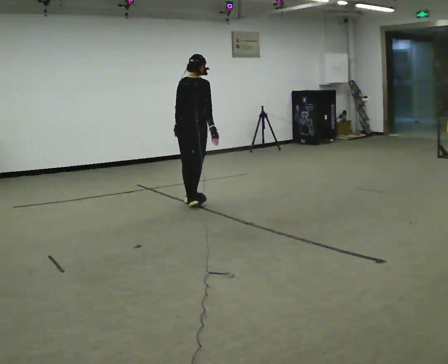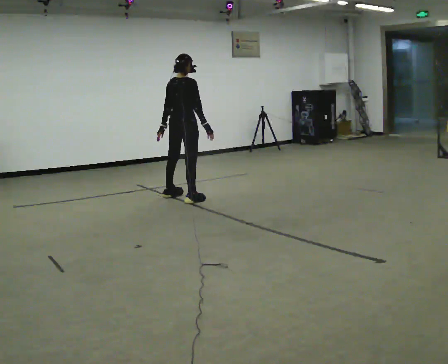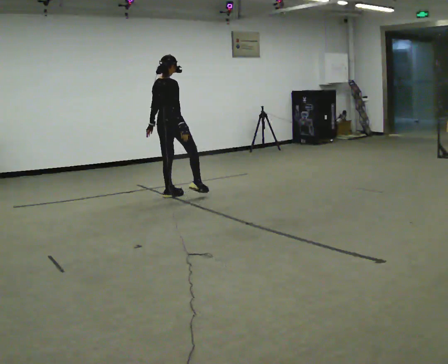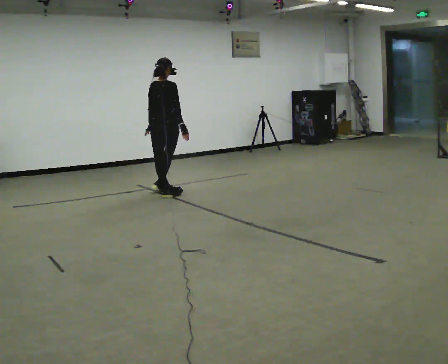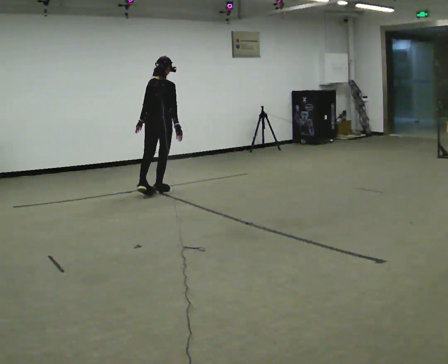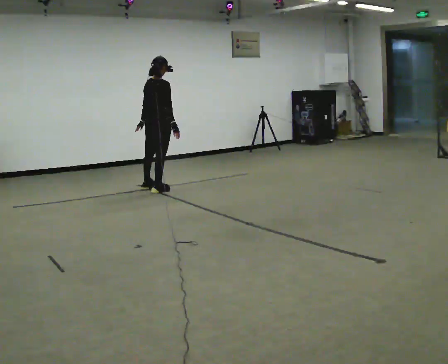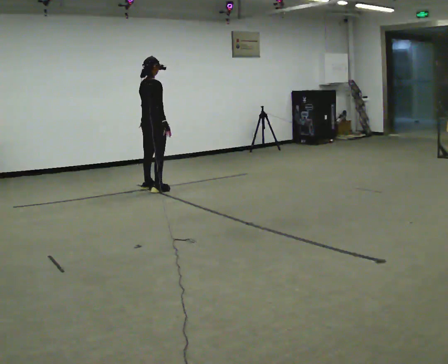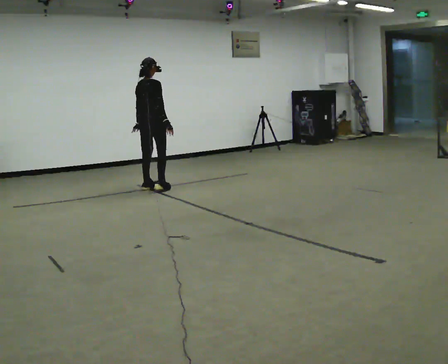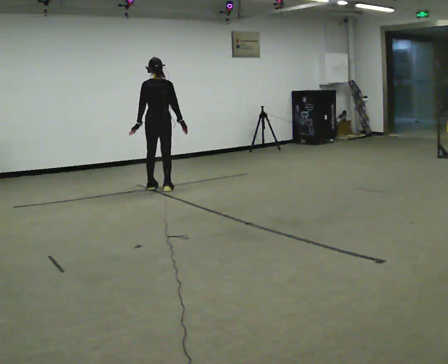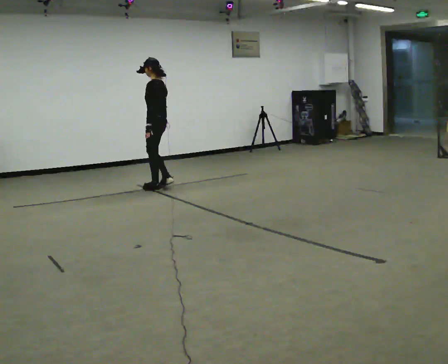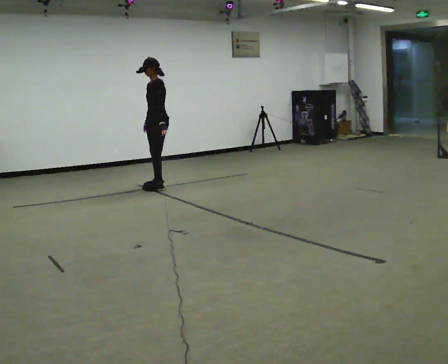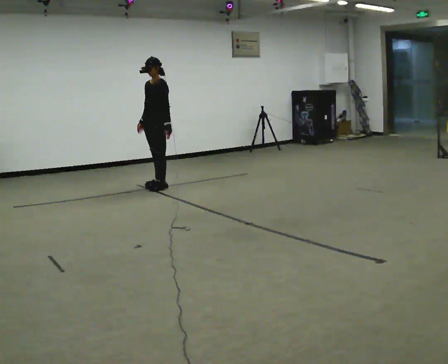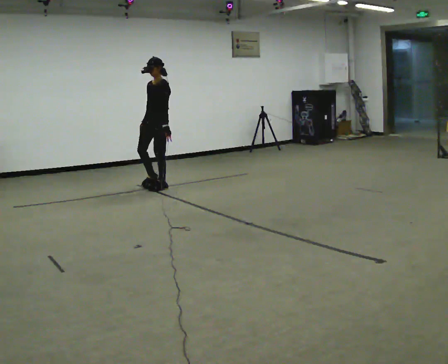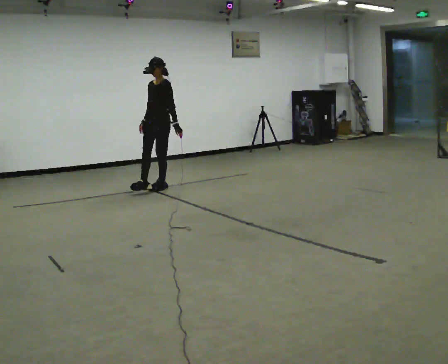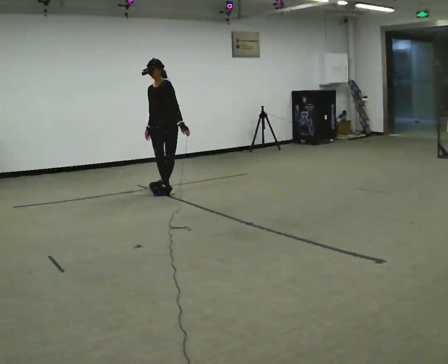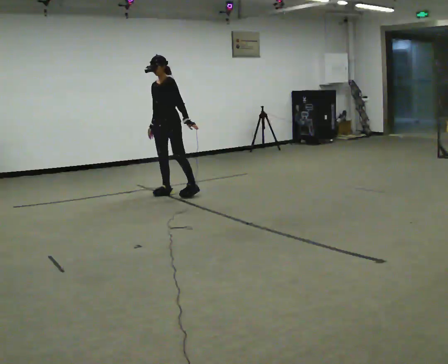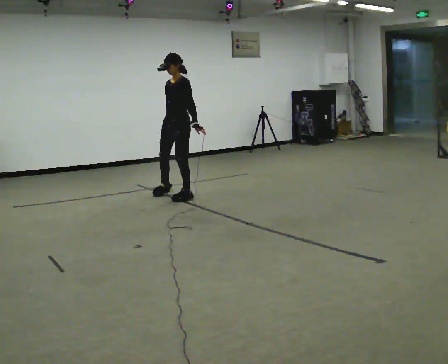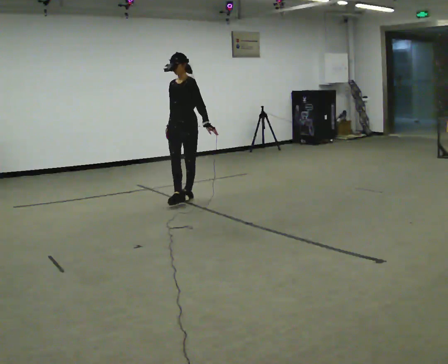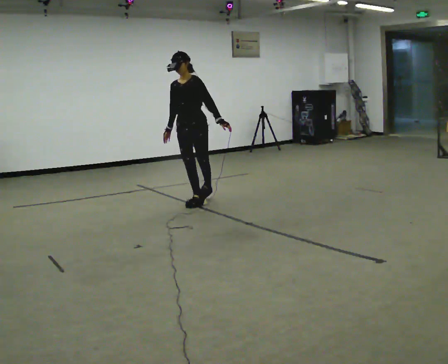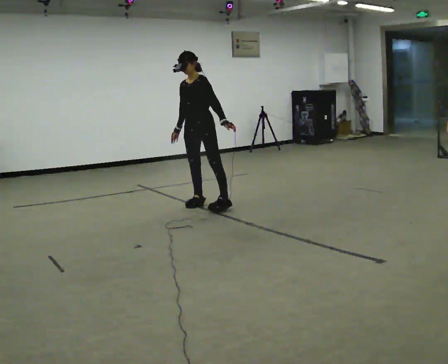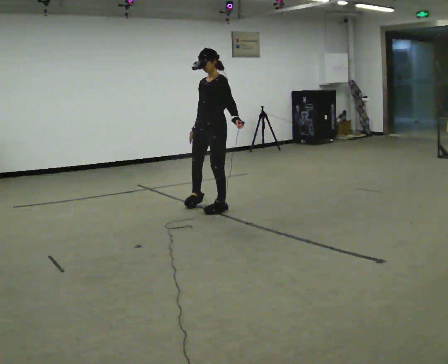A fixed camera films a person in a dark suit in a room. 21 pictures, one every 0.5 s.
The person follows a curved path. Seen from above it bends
clockwise.
0.0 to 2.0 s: In the picture they go away from the camera and to the left, about 0.5 m in 2 steps, which for them is to their left.
2.0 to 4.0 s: Seen from above the body turns counterclockwise, about 30 degrees: to their left, with its near side sliding to the right.
4.0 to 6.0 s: The person turns about 120 degrees to their left, counterclockwise seen from above, so the part of the body nearest the lens slides to the right. In the picture their right hand goes to the left, the arm swinging clockwise.
6.0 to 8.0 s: In the picture they go toward the camera and to the right, about 0.5 m in 2 steps, which for them is to their left and forward.
8.0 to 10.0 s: In the picture they go toward the camera and to the right, about 0.75 m in 2 steps, which for them is to their left and forward.
The film runs forward here.
